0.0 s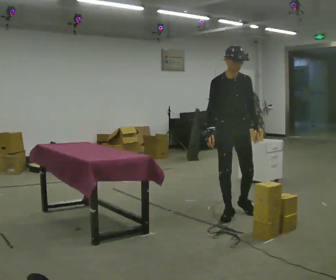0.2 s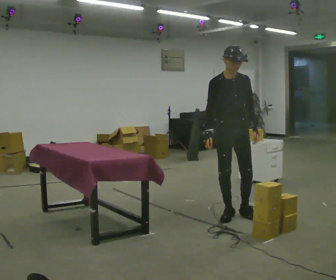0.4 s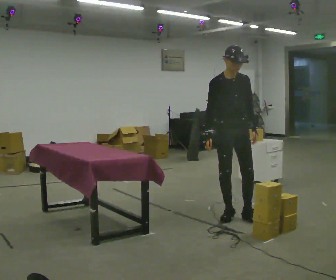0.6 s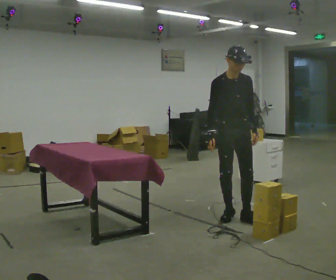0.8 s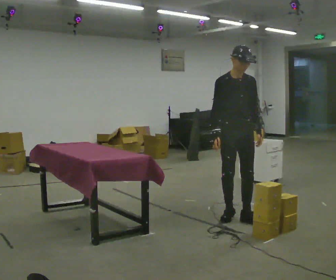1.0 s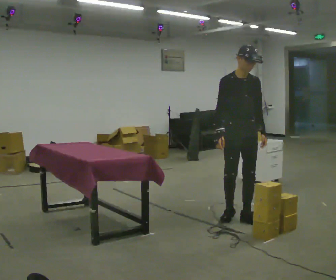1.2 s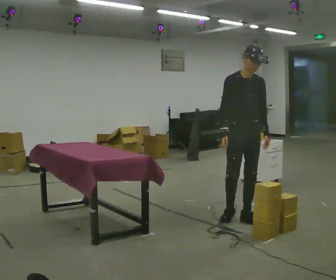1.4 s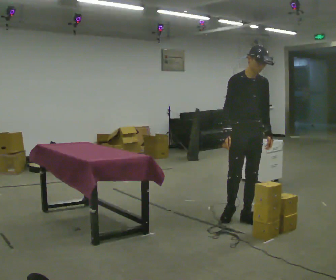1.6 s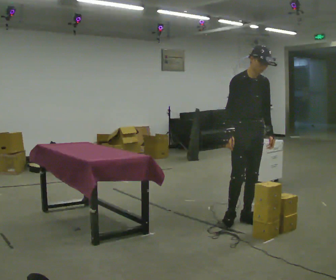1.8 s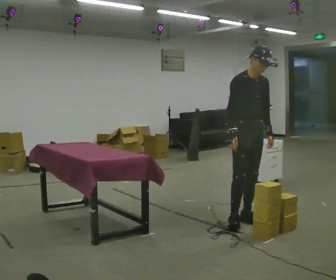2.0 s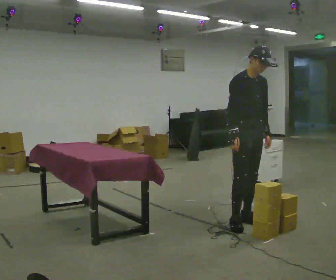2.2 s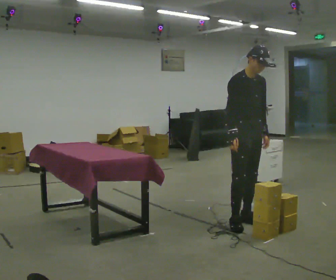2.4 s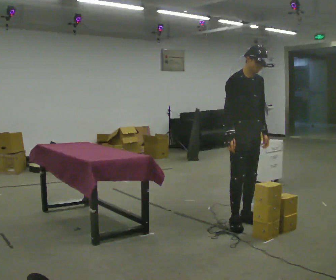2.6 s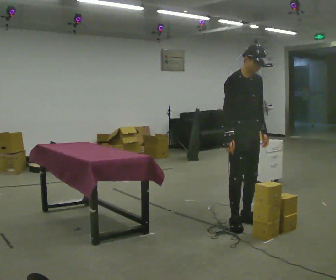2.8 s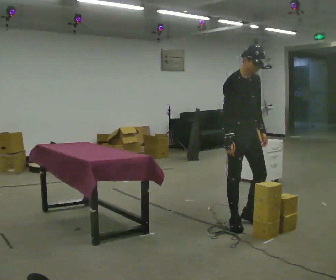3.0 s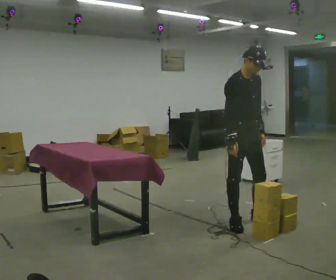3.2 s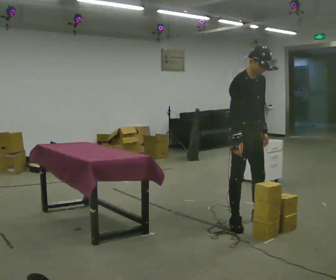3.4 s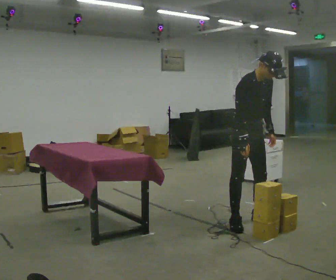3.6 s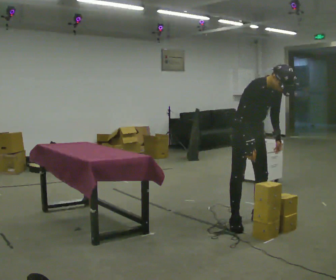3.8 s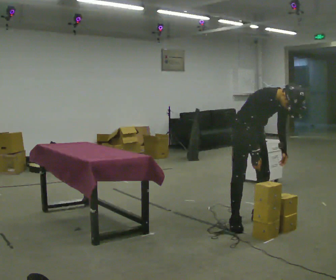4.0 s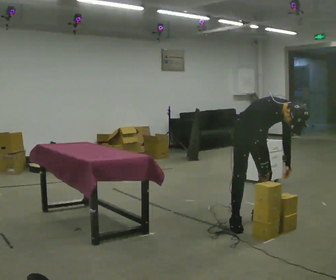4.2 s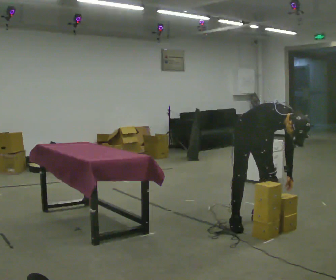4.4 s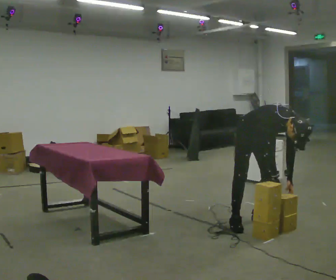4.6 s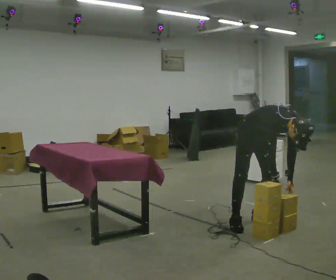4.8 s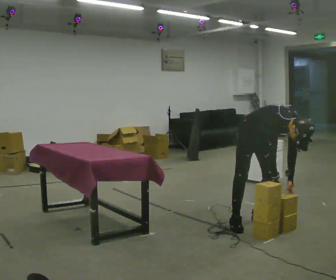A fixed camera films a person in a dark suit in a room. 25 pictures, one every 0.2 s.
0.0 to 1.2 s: In the picture they go toward the camera, about 0.25 m in 1 step, which for them is forward.
1.2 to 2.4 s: The person moves a little, or ends about where they began.
2.4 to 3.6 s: In the picture the upper body tilts clockwise, shoulders to the right, as they bend forward.
3.6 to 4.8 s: The shoulders move downward. The upper body tips toward the camera, its near side rolling downward, as they bend forward. In the picture their left hand goes downward.
The film runs forward here.
